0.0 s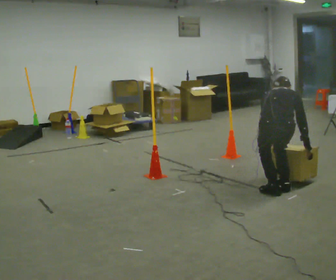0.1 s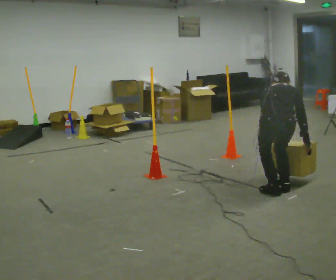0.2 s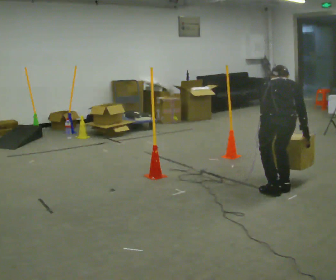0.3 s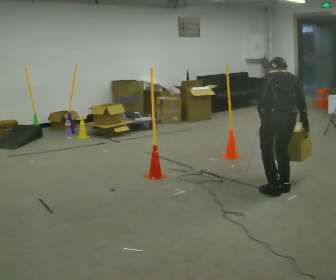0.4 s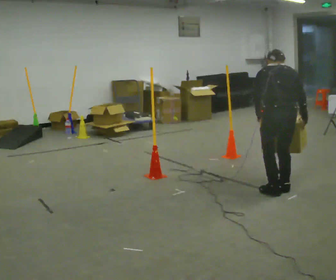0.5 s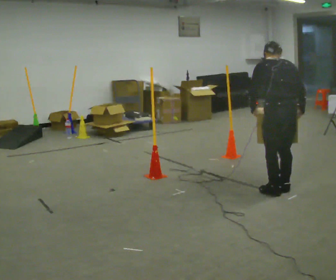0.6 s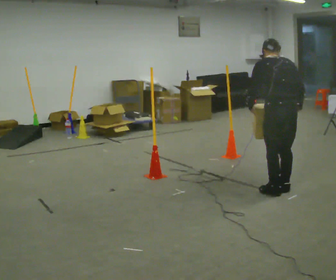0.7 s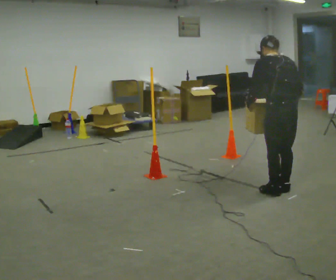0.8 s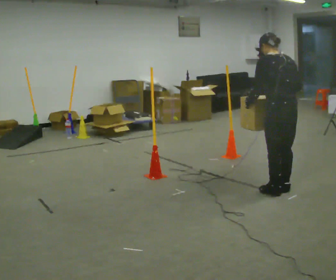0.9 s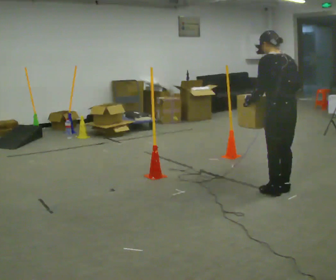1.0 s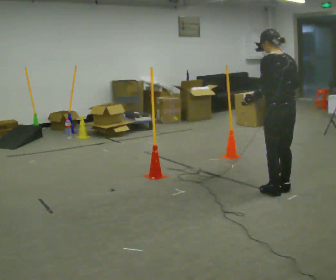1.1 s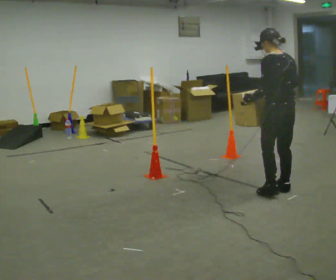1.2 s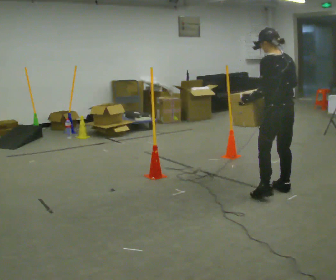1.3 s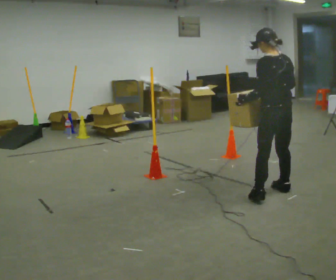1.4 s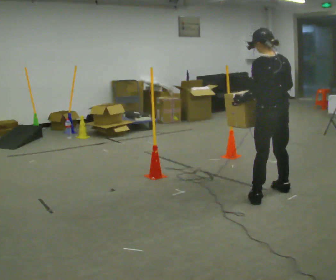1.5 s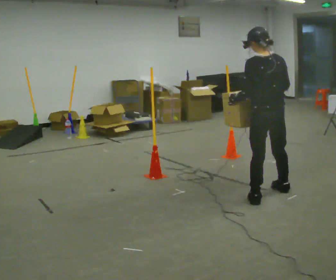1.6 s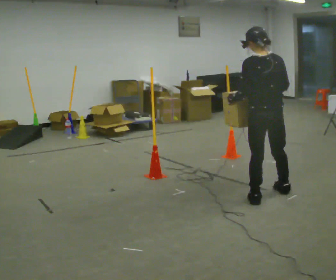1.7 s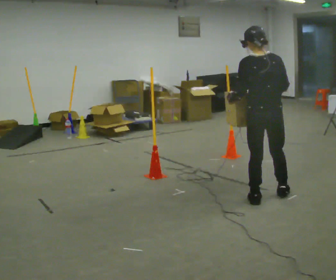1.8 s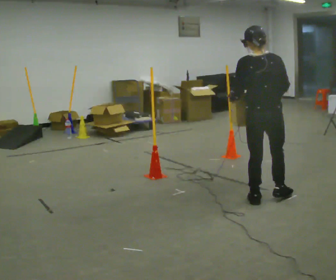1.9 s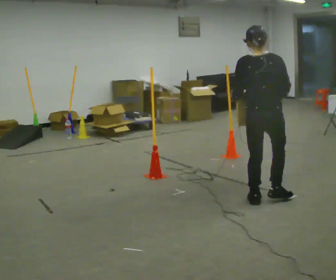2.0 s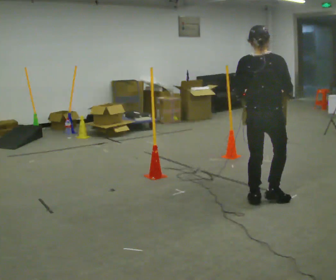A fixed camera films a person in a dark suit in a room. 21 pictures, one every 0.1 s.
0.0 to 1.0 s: Seen from above the body turns counterclockwise, about 60 degrees: to their left, with its near side sliding to the right. The shoulders move upward. The upper body tips toward the camera, its near side rolling downward, as they lean back or straighten. In the picture their right hand goes upward.
1.0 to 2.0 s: The part of the body nearest the lens slides to the left as the person turns to their right by about 45 degrees. In the picture they go toward the camera and to the left, about 0.25 m in 2 steps, which for them is to their left.
The film runs backward here.
